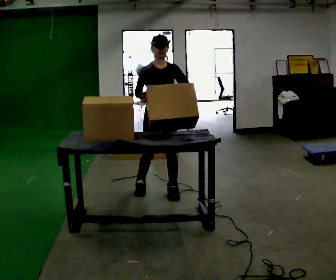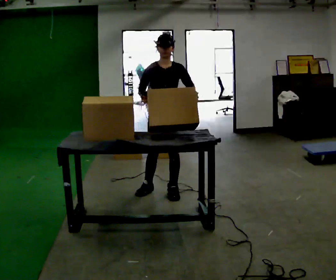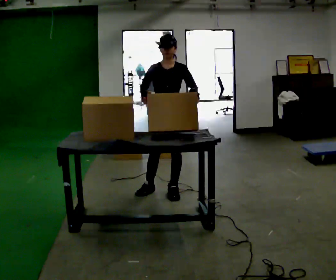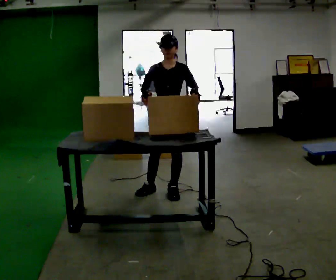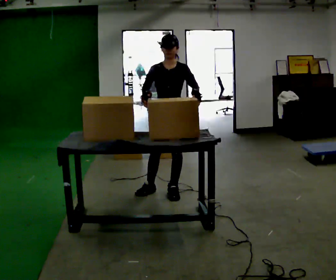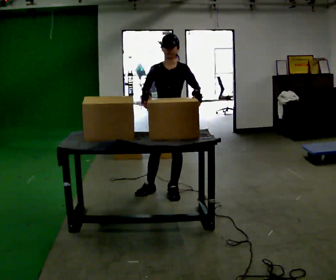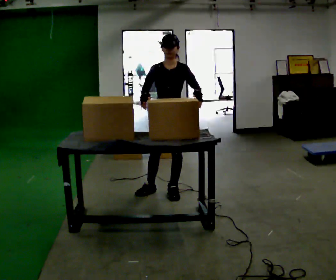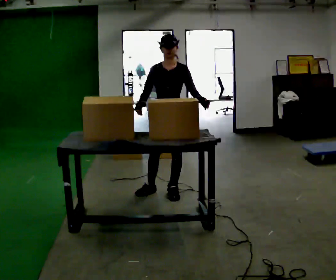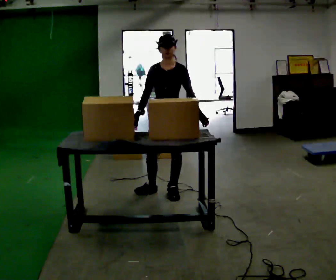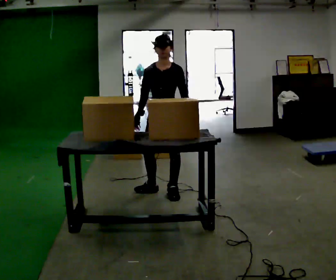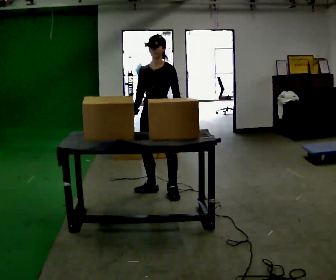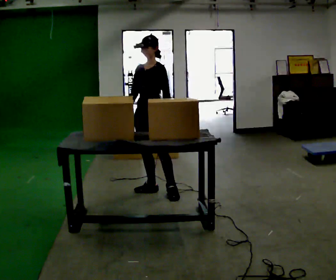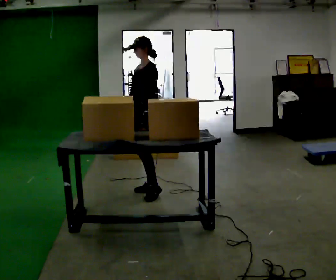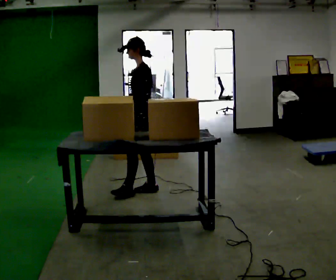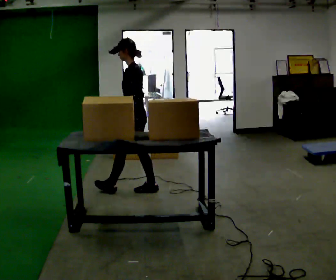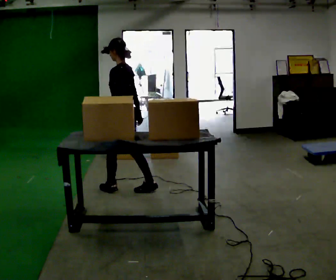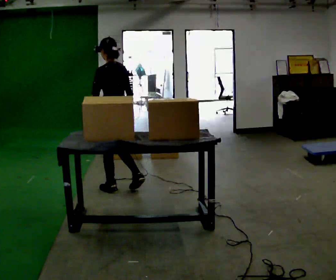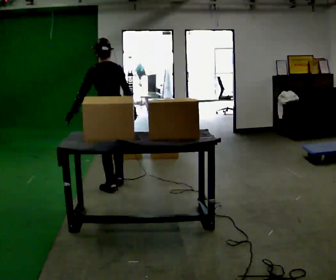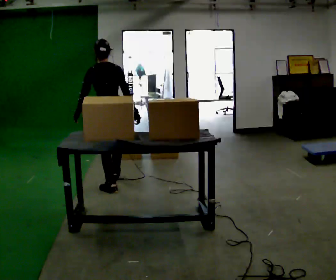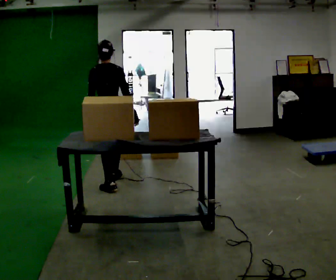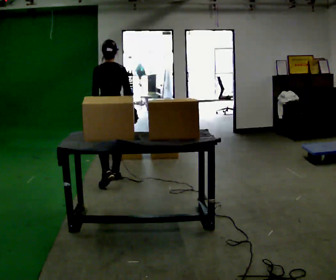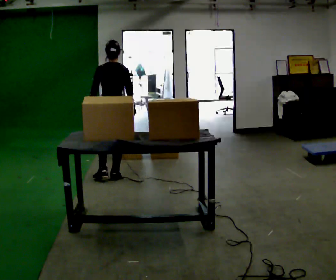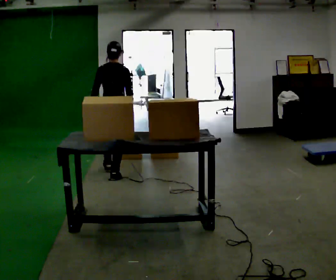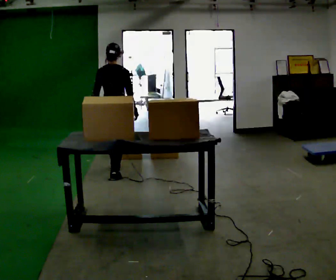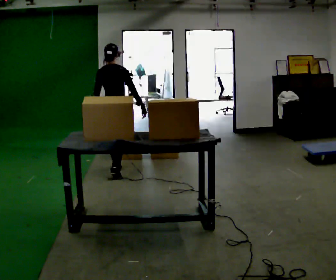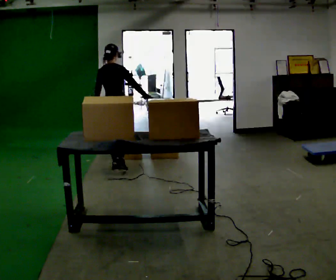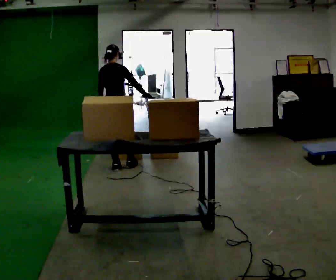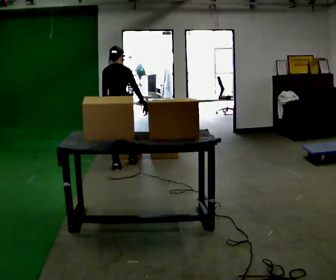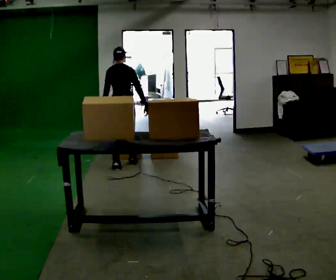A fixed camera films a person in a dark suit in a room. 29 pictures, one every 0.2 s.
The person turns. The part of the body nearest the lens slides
to the left.
The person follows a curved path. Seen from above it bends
clockwise.
0.0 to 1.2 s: The person moves a little, or ends about where they began.
1.2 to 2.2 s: The part of the body nearest the lens slides to the left as the person turns to their right by about 45 degrees. In the picture they go to the left, about 0.25 m, which for them is to their right.
2.2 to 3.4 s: Seen from above the body turns clockwise, about 105 degrees: to their right, with its near side sliding to the left. In the picture they go to the left, about 0.5 m in 1 step.
3.4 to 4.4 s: In the picture they go away from the camera, about 0.5 m in 1 step, which for them is forward.
4.4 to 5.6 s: In the picture they go away from the camera, about 0.5 m in 2 steps, which for them is forward and to their left.
The film runs forward here.
